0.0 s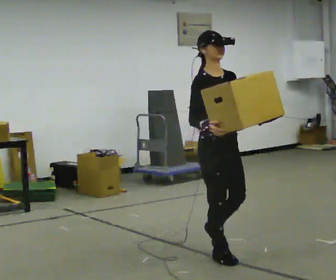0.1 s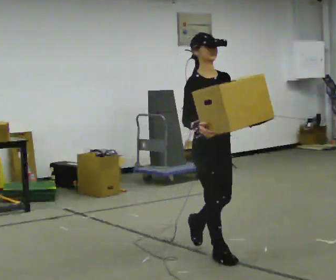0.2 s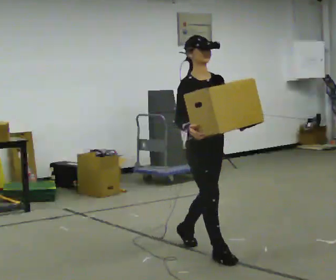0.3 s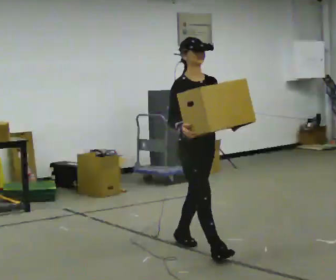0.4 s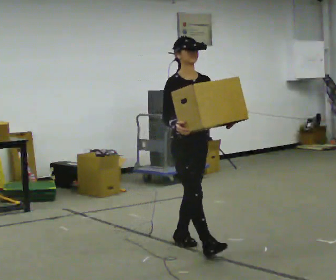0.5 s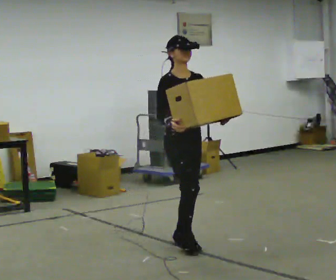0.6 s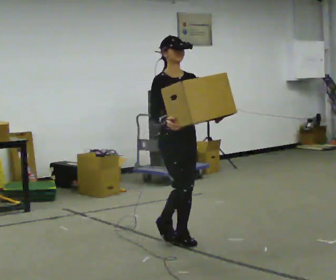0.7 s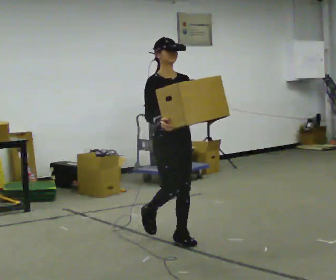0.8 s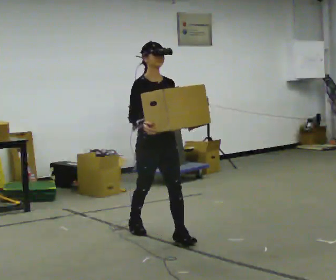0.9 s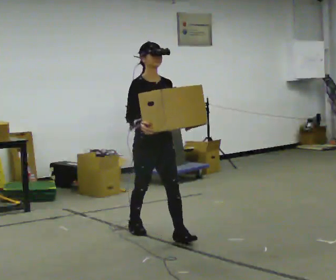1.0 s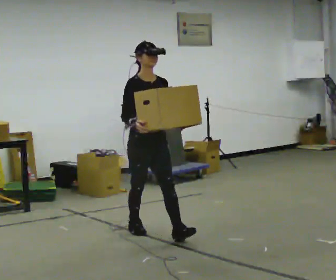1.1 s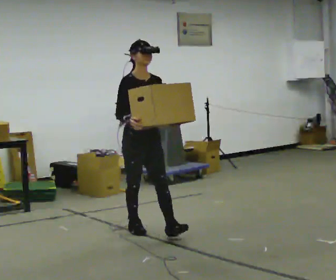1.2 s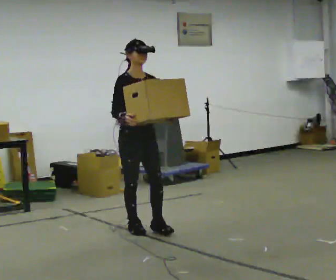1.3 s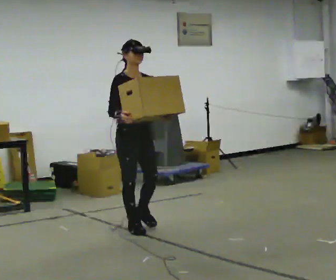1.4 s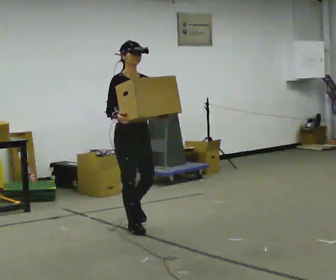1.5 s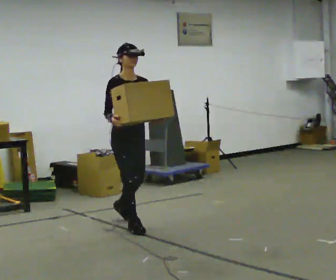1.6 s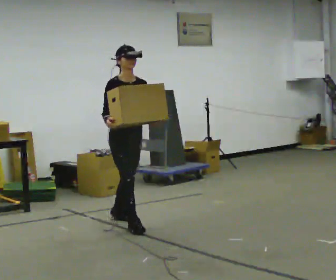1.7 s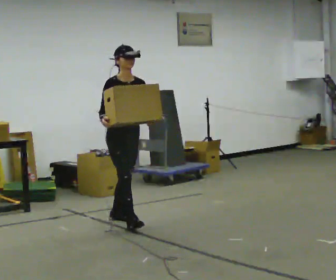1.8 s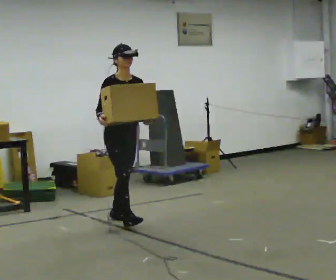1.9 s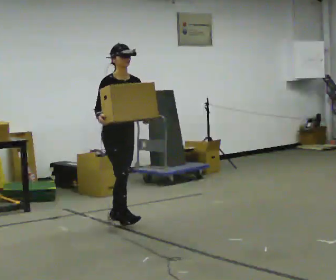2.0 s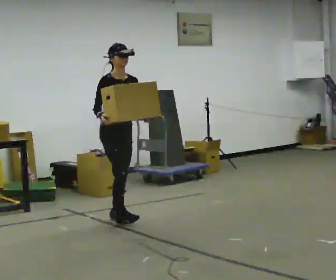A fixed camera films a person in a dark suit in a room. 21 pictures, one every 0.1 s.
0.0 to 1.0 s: In the picture they go away from the camera and to the left, about 1 m in 2 steps, which for them is backward.
1.0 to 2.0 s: In the picture they go away from the camera and to the left, about 0.75 m in 1 step, which for them is backward.
The film runs backward here.
